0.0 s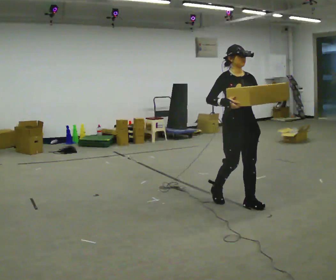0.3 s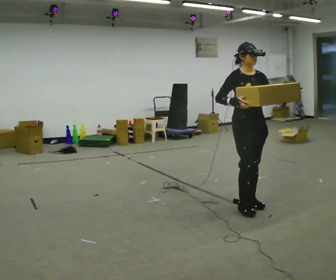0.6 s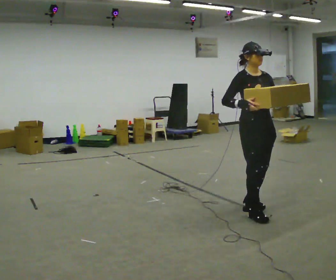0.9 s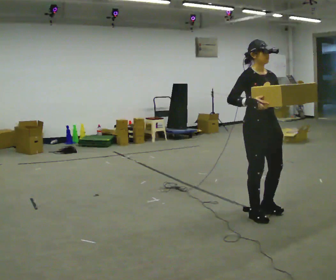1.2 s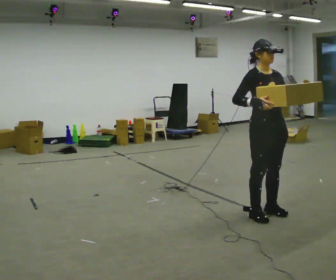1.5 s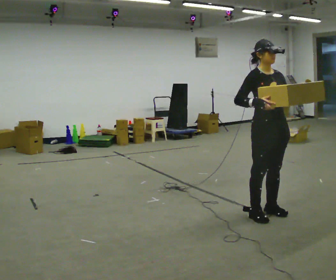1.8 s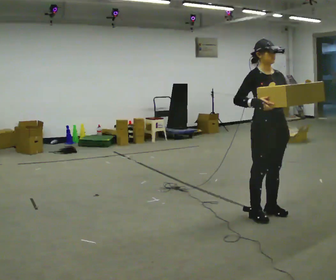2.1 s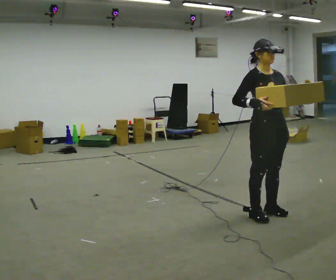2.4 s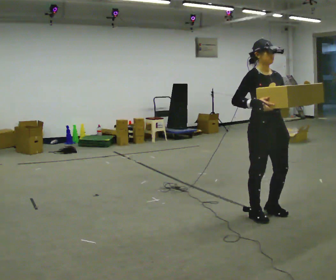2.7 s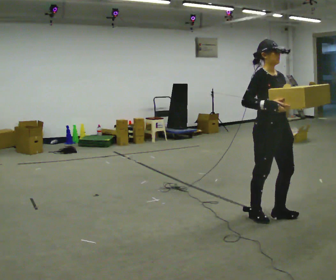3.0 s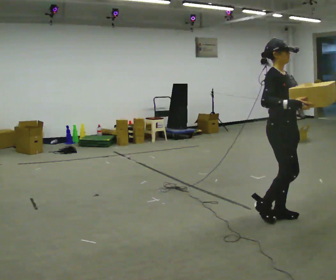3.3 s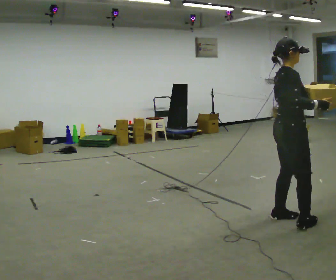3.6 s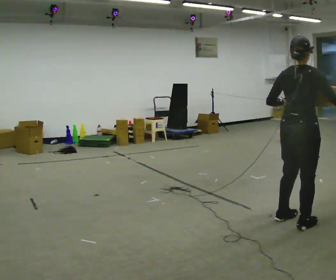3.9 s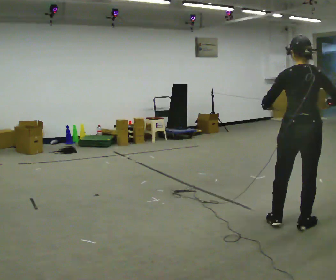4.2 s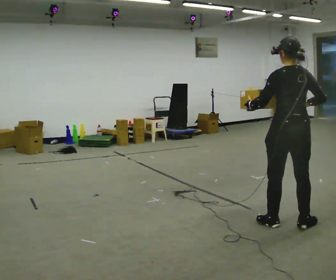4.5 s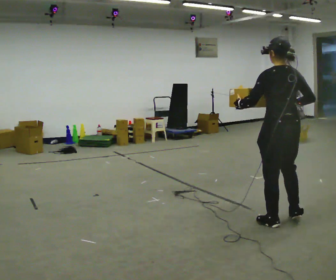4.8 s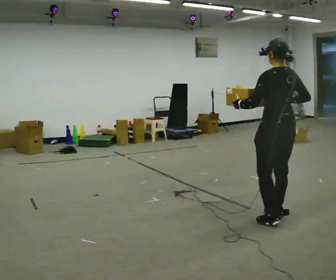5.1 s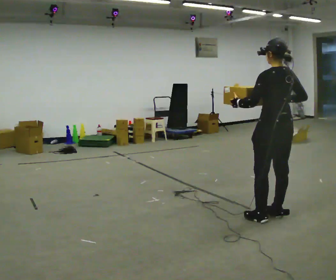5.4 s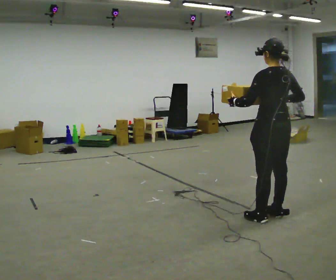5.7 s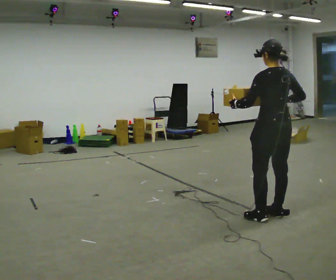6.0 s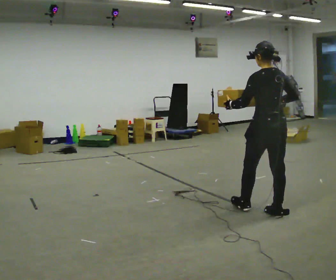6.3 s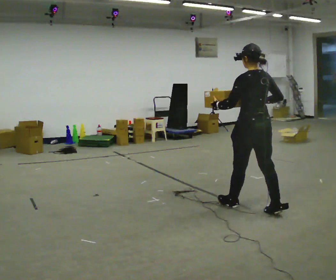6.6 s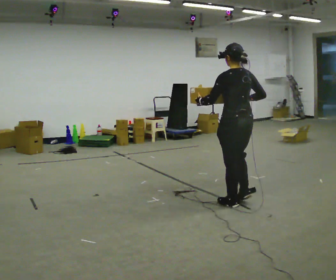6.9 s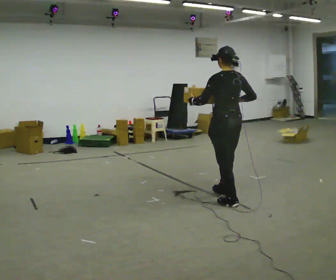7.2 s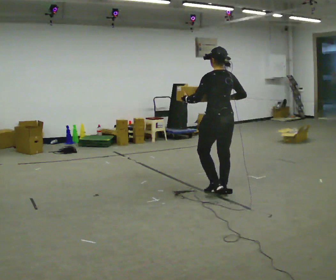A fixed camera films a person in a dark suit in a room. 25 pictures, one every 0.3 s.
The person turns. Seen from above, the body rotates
counterclockwise.
The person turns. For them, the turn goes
to their left.
0.0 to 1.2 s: In the picture they go toward the camera and to the right, about 0.5 m in 2 steps, which for them is forward.
1.2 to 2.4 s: The person moves a little, or ends about where they began.
2.4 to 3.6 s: The person turns about 105 degrees to their left, counterclockwise seen from above, so the part of the body nearest the lens slides to the right. In the picture they go to the right and toward the camera, about 0.25 m in 2 steps.
3.6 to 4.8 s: Seen from above the body turns counterclockwise, about 75 degrees: to their left, with its near side sliding to the right. In the picture they go to the left, about 0.25 m in 2 steps. In the picture their right hand goes to the left.
4.8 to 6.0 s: In the picture they go away from the camera, about 0.25 m in 1 step, which for them is forward.
6.0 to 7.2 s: In the picture they go to the left and away from the camera, about 0.5 m in 2 steps, which for them is forward.
The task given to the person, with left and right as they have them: Carry the medium box in both hands in front of you, walking back and forth across the room. Keep walking until the operator says stop.
The film runs forward here.
